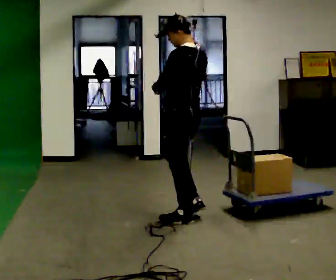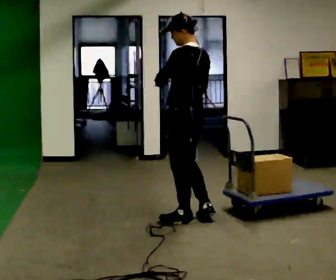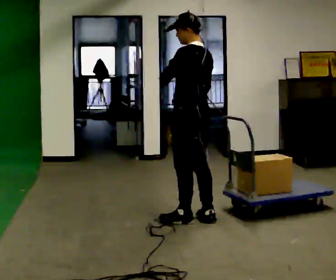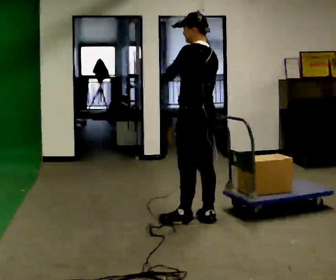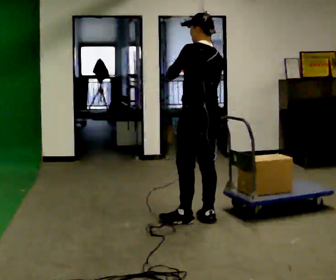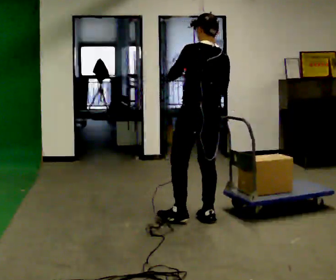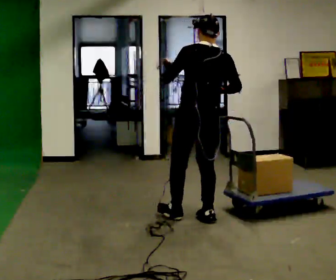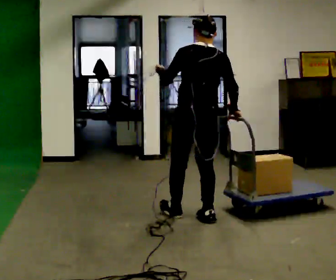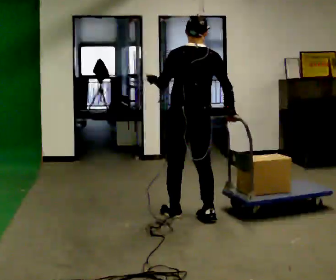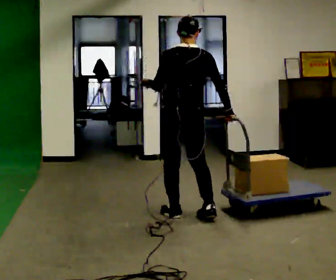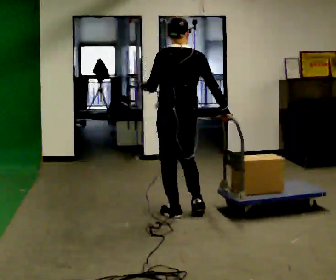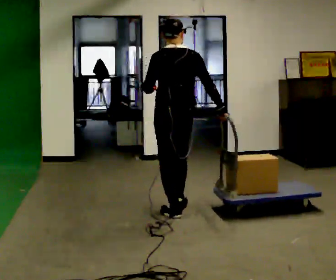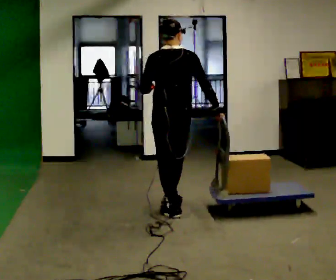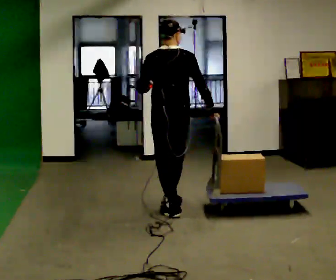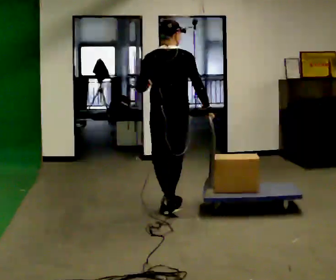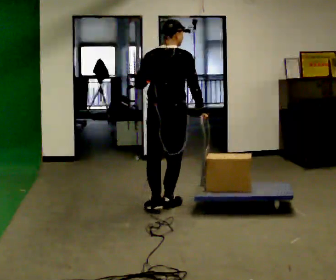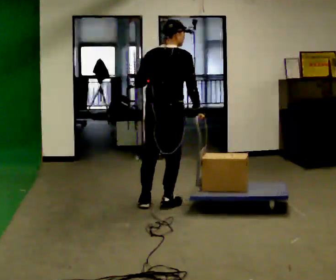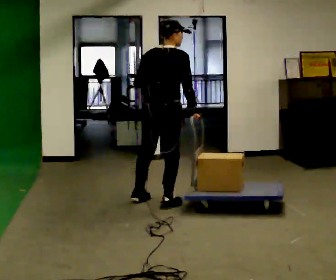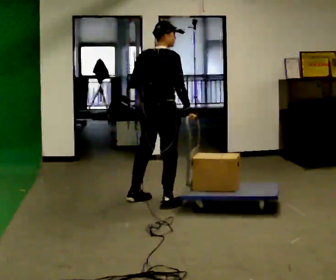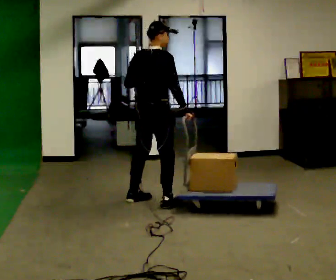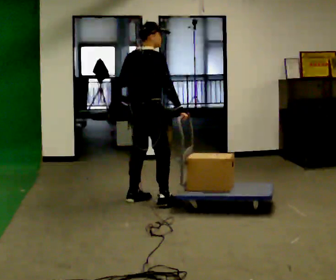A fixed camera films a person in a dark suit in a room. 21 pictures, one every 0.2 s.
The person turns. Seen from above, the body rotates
clockwise.
The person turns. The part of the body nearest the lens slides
to the left.
0.0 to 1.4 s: The person turns about 45 degrees to their right, clockwise seen from above, so the part of the body nearest the lens slides to the left. In the picture their right hand goes downward.
1.4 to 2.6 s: In the picture they go away from the camera and to the left, about 0.25 m in 1 step, which for them is forward.
2.6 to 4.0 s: The part of the body nearest the lens slides to the left as the person turns to their right by about 60 degrees. In the picture they go away from the camera and to the left, about 0.5 m in 2 steps, which for them is to their left and forward.
The film runs backward here.
